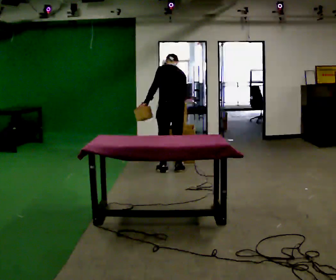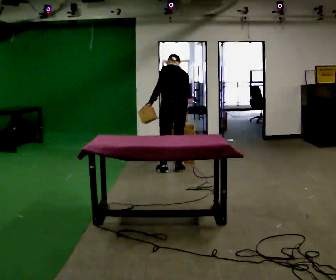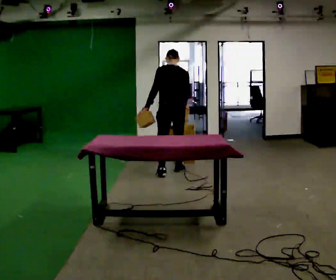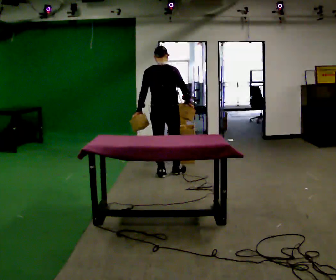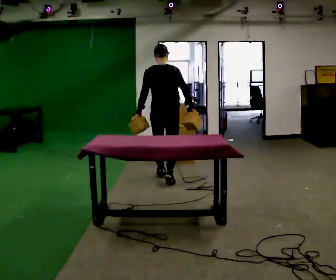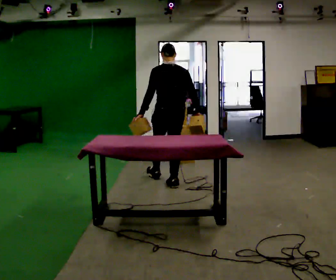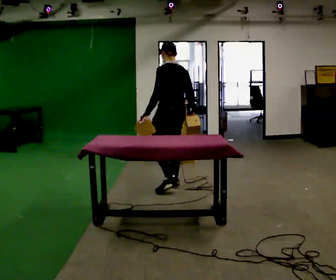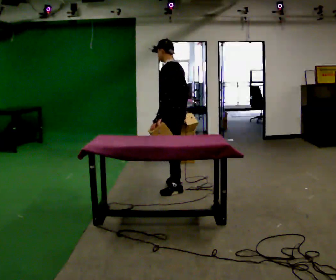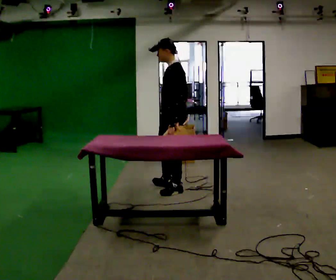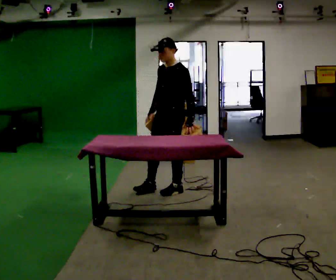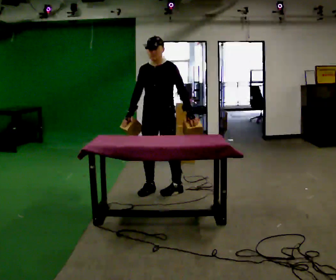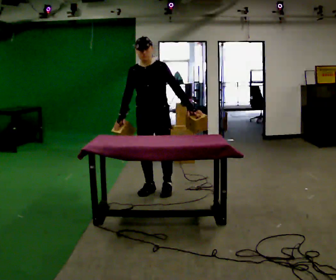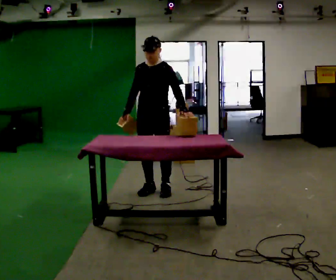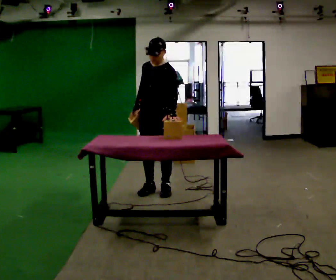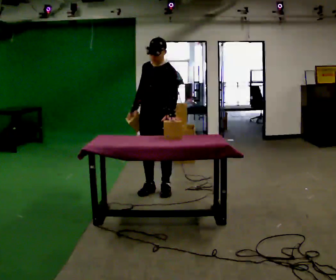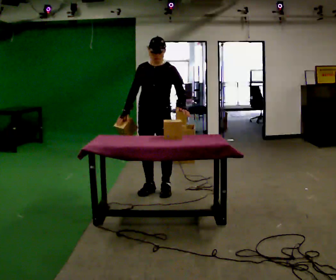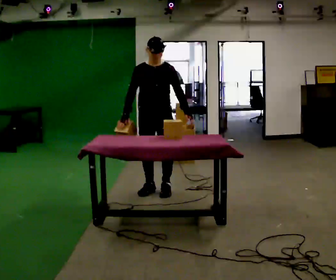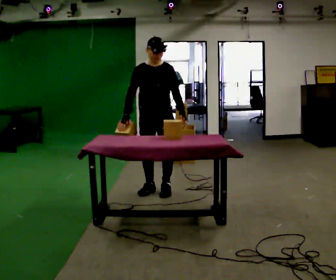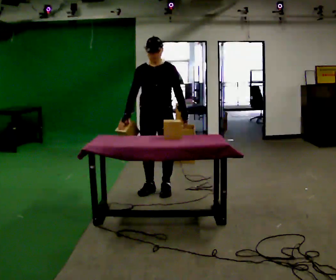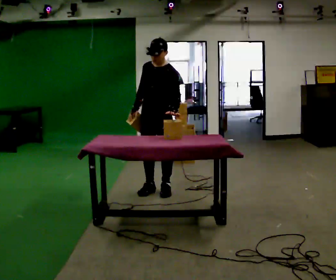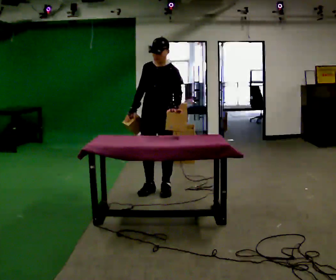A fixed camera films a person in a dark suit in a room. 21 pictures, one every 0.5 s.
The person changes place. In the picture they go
toward the camera.
0.0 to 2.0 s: The person turns about 30 degrees to their right, clockwise seen from above, so the part of the body nearest the lens slides to the left. In the picture they go toward the camera, about 0.5 m in 2 steps, which for them is backward and to their left. The upper body tips toward the camera, its near side rolling downward, as they lean back or straighten.
2.0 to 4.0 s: The person turns about 105 degrees to their left, counterclockwise seen from above, so the part of the body nearest the lens slides to the right. In the picture they go toward the camera, about 0.5 m in 2 steps.
4.0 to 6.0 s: Seen from above the body turns counterclockwise, about 60 degrees: to their left, with its near side sliding to the right. In the picture they go to the left, about 0.25 m in 1 step. In the picture their right hand goes to the left.
6.0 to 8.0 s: The part of the body nearest the lens slides to the right as the person turns to their left by about 30 degrees.
8.0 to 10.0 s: The part of the body nearest the lens slides to the left as the person turns to their right by about 30 degrees.
The film runs backward here.
